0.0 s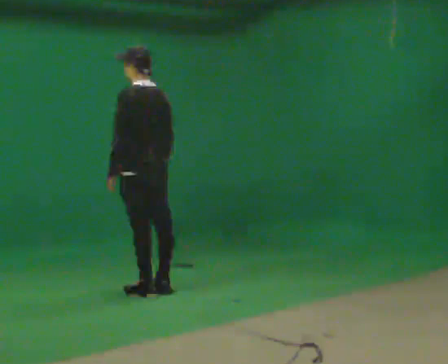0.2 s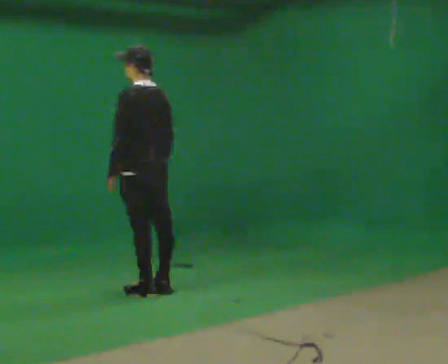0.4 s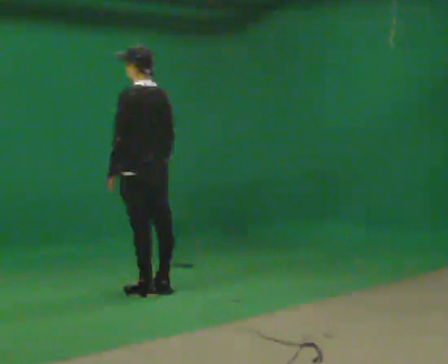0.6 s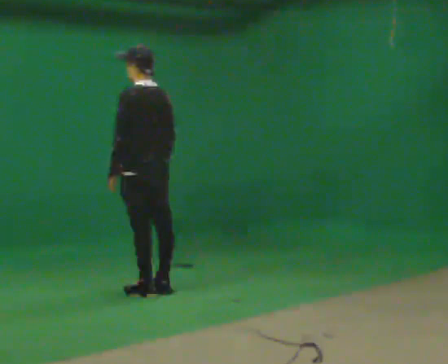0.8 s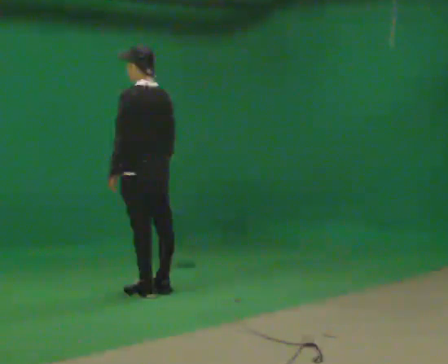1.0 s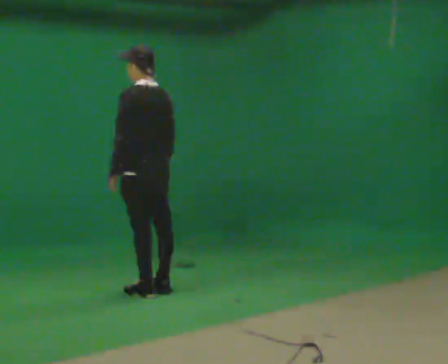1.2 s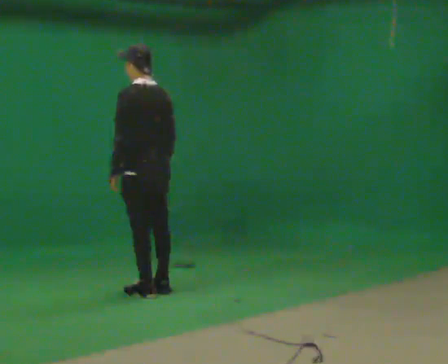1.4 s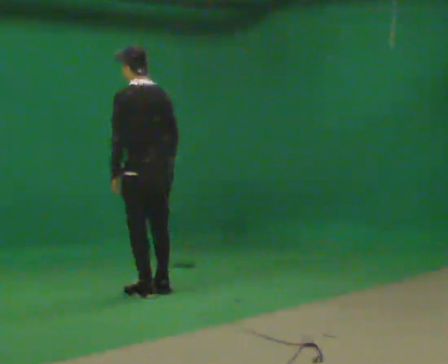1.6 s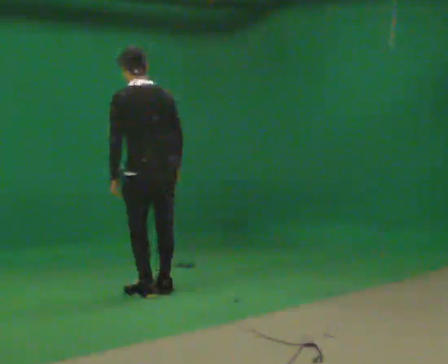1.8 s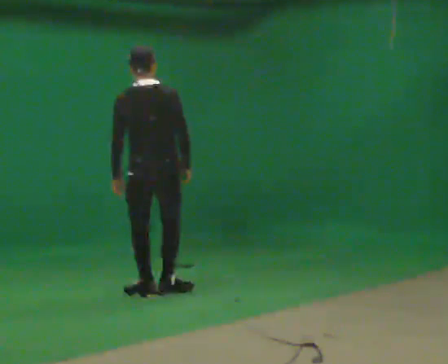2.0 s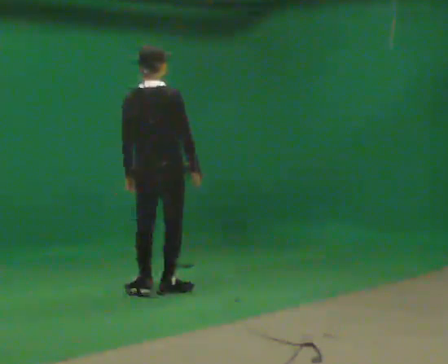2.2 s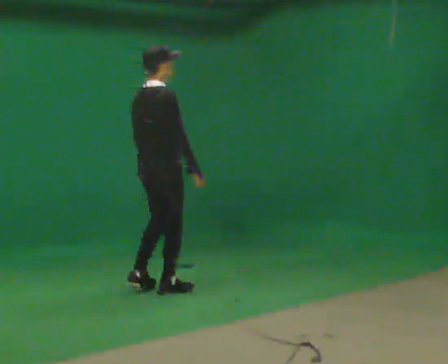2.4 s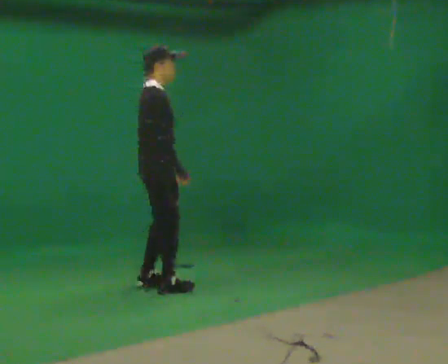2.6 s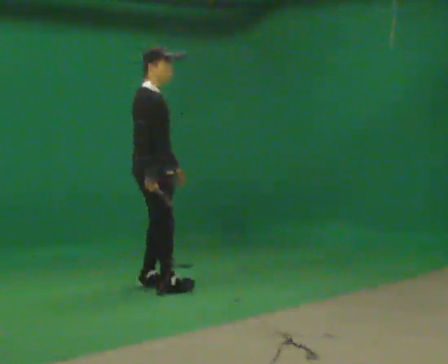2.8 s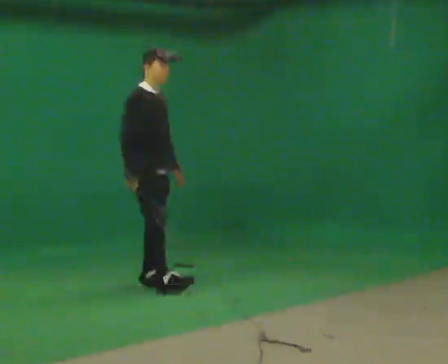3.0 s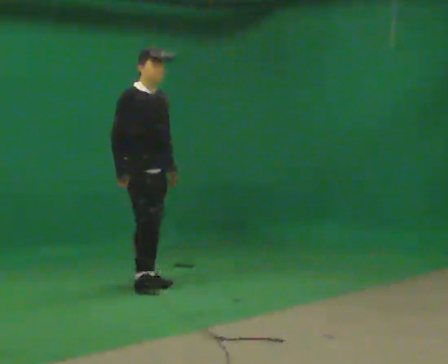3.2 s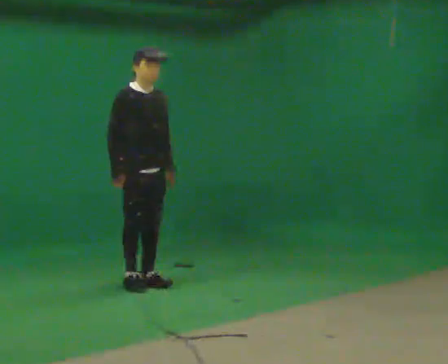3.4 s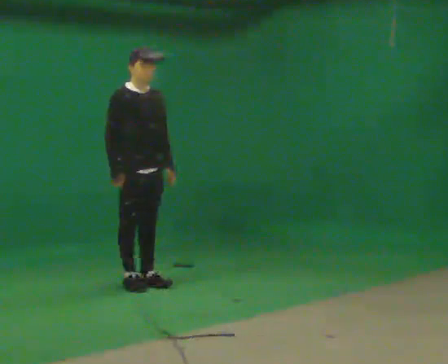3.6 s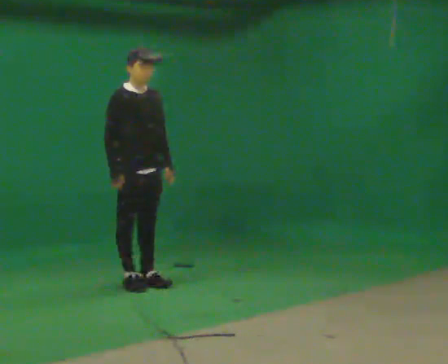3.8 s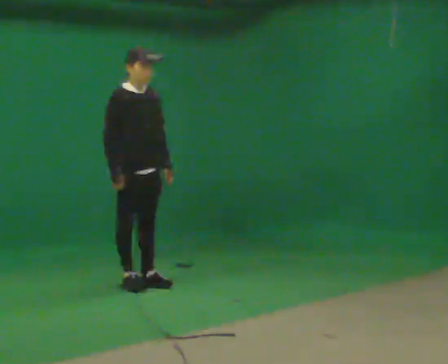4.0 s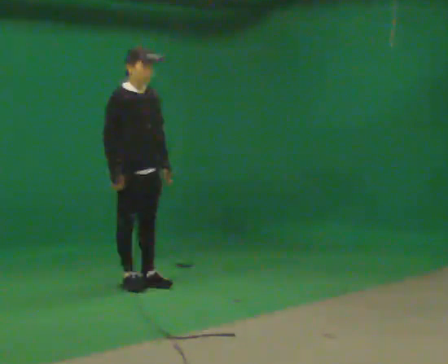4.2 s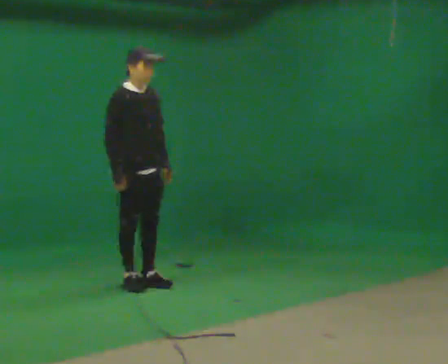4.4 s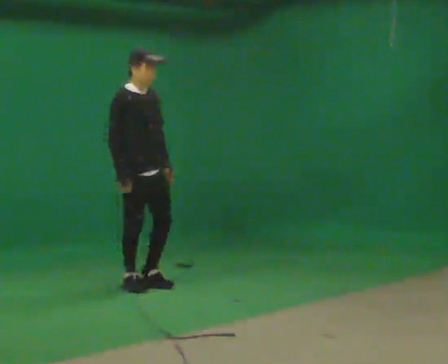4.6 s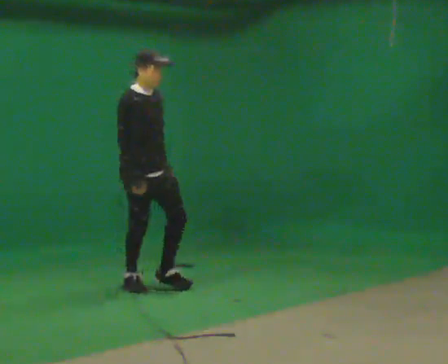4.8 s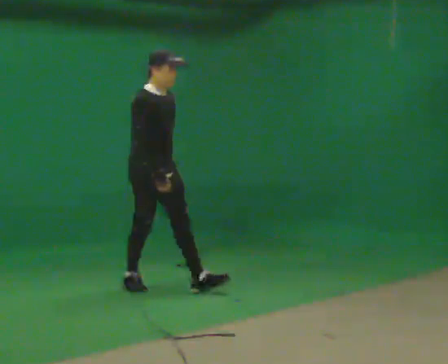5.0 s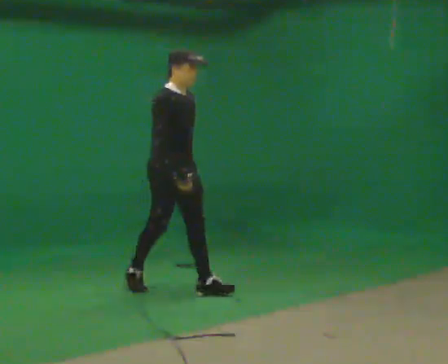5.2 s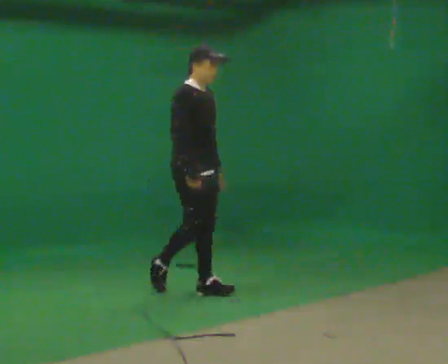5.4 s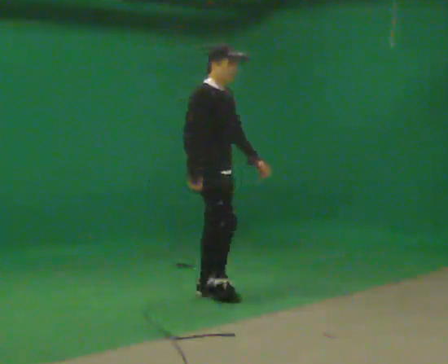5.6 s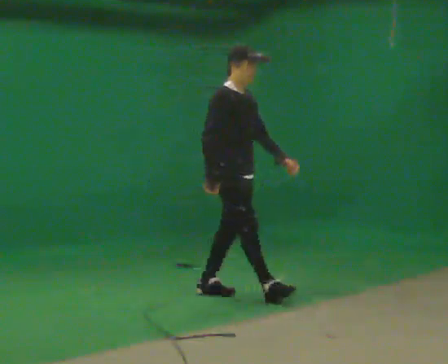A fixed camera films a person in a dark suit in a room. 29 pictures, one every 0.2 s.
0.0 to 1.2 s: The person moves a little, or ends about where they began.
1.2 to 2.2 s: The part of the body nearest the lens slides to the left as the person turns to their right by about 90 degrees.
2.2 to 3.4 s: Seen from above the body turns clockwise, about 90 degrees: to their right, with its near side sliding to the left. In the picture they go away from the camera and to the left, about 0.25 m in 2 steps.
3.4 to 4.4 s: The person moves a little, or ends about where they began.
4.4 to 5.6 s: In the picture they go to the right and toward the camera, about 1 m in 2 steps, which for them is forward.
The film runs forward here.
